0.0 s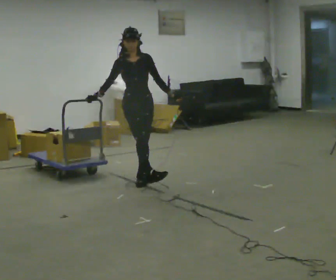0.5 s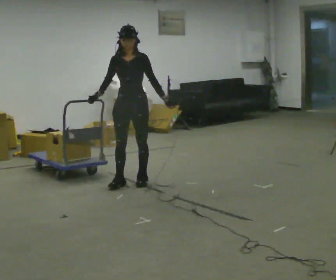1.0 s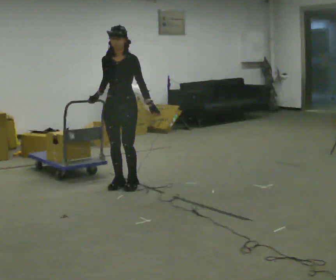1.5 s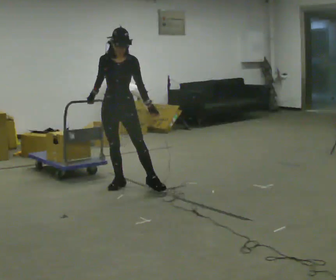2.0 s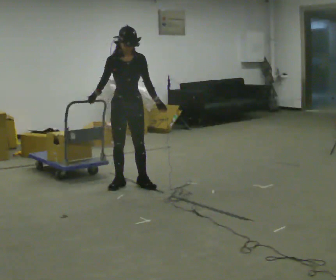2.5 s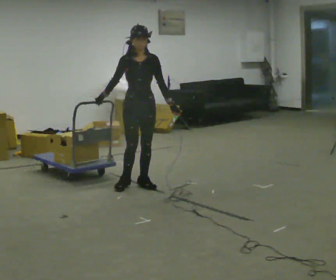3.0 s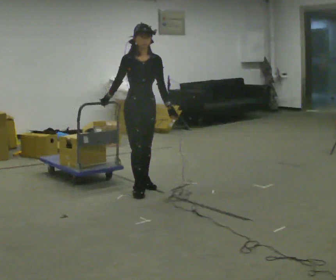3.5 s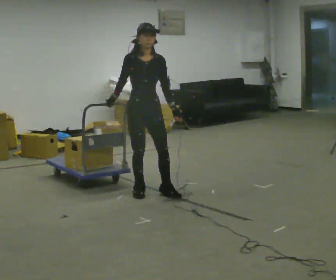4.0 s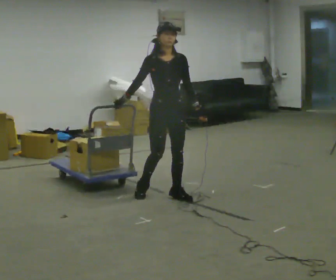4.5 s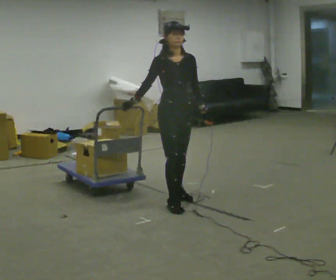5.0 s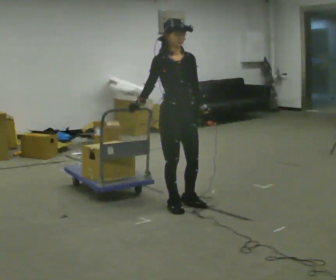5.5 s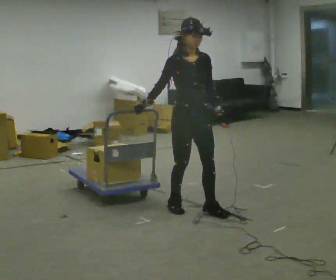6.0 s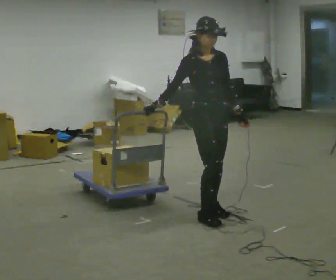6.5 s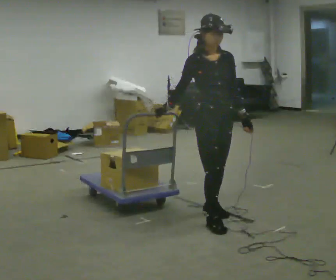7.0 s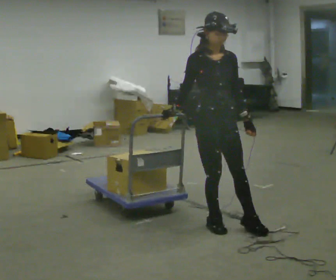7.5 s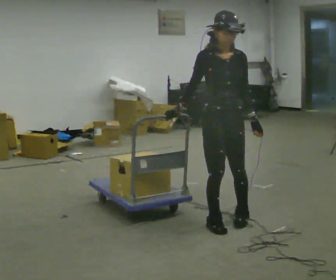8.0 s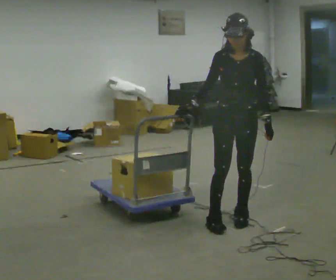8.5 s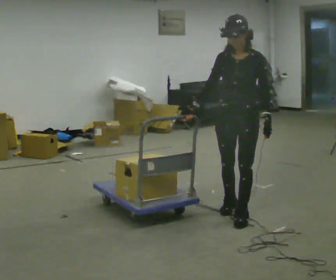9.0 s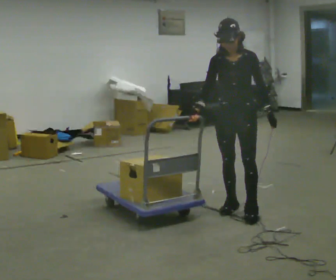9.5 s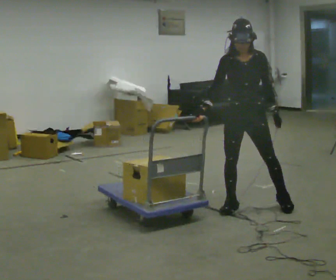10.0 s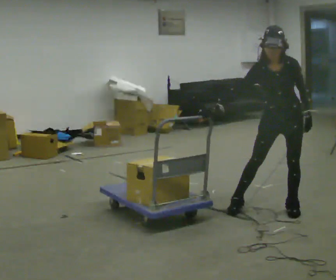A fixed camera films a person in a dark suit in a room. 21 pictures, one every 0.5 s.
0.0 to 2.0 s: In the picture they go toward the camera, about 0.25 m in 1 step, which for them is forward.
2.0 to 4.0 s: In the picture they go to the right and toward the camera, about 0.5 m in 2 steps, which for them is forward and to their left.
4.0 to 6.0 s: In the picture they go toward the camera and to the right, about 0.5 m in 2 steps, which for them is forward.
6.0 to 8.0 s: Seen from above the body turns clockwise, about 45 degrees: to their right, with its near side sliding to the left. In the picture they go to the right and toward the camera, about 0.25 m in 2 steps, which for them is forward and to their left.
8.0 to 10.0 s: In the picture they go to the right and away from the camera, about 0.5 m in 2 steps, which for them is backward and to their left. The upper body tips toward the camera, its near side rolling downward, as they bend forward.
The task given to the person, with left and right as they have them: Pull the cart behind you as you walk backward across the room. The operator will confirm the space behind you is clear before each take.
The film runs forward here.
